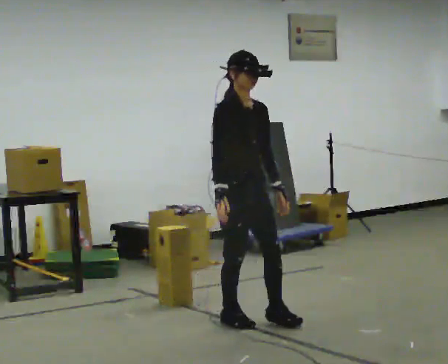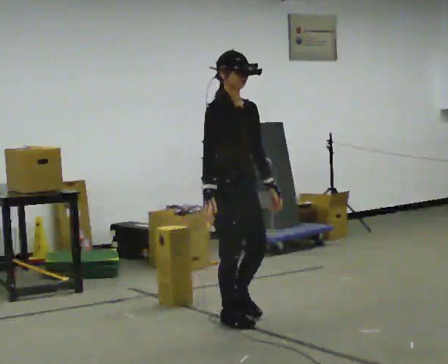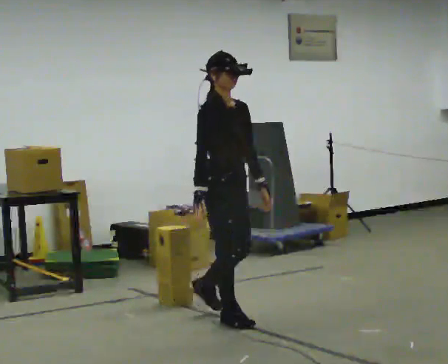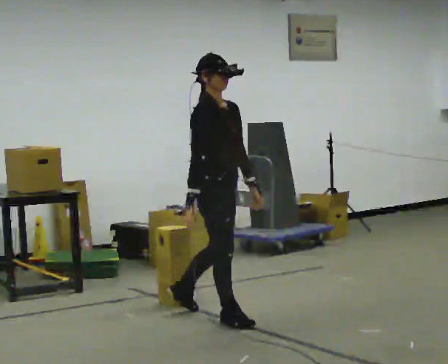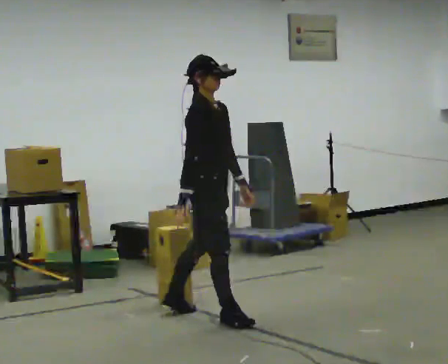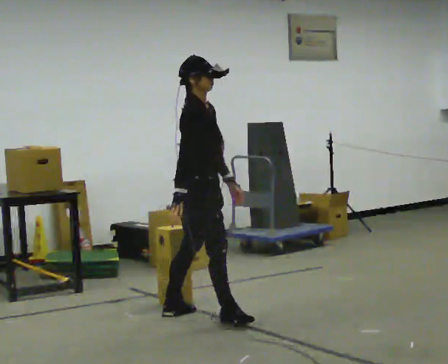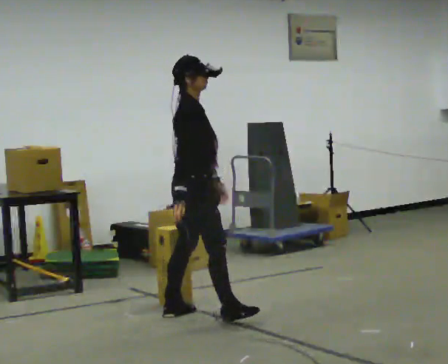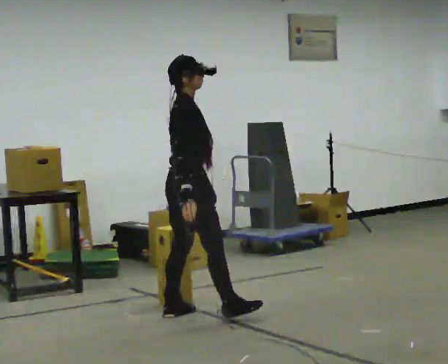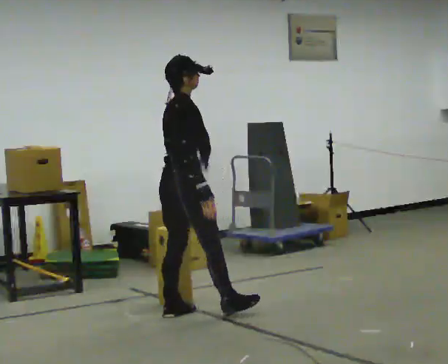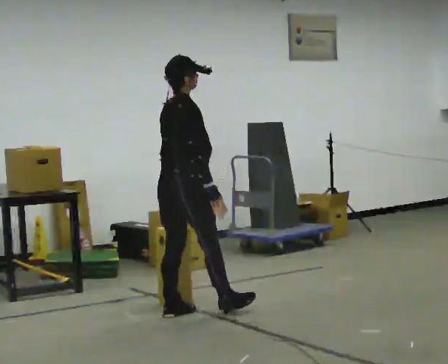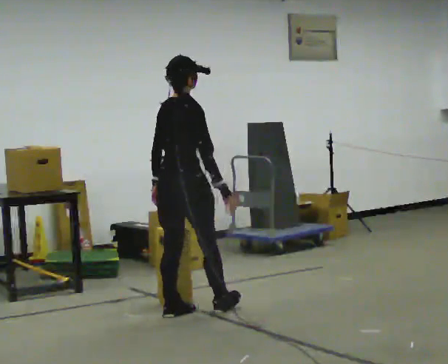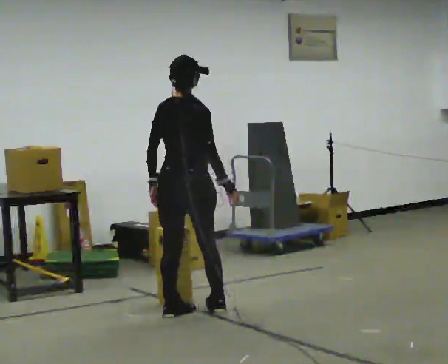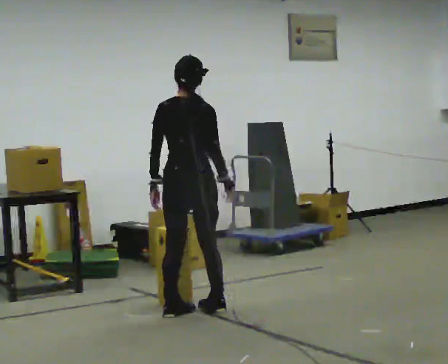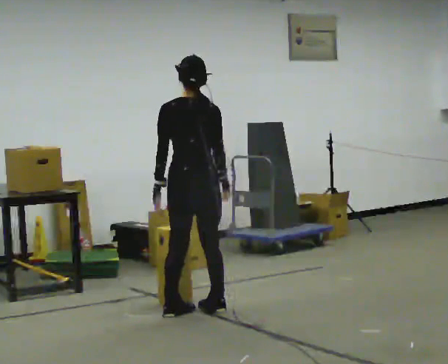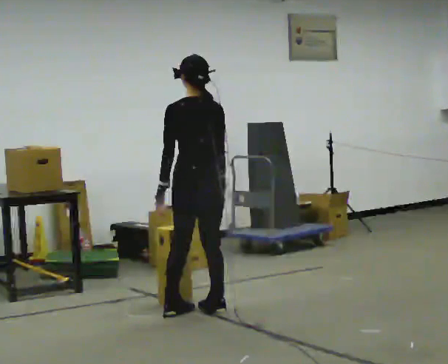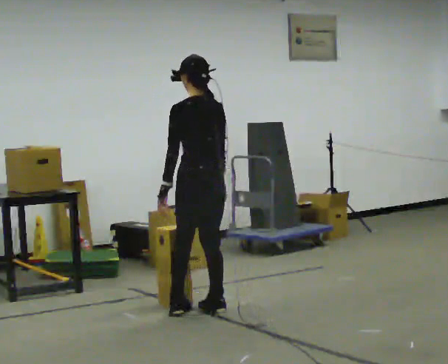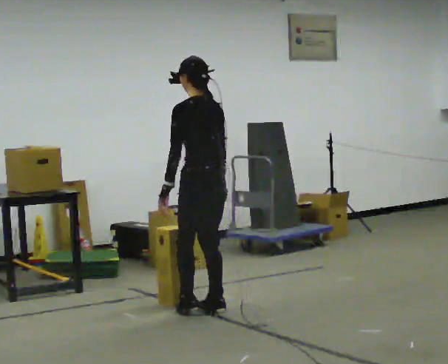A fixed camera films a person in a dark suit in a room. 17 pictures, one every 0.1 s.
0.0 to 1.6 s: The part of the body nearest the lens slides to the right as the person turns to their left by about 180 degrees. In the picture they go away from the camera, about 0.5 m in 2 steps.
The film runs backward here.
